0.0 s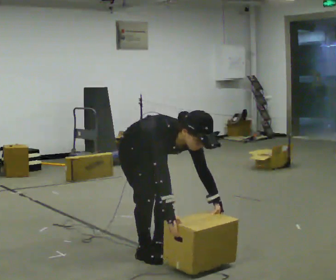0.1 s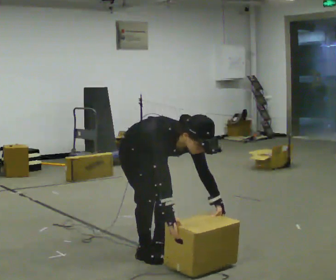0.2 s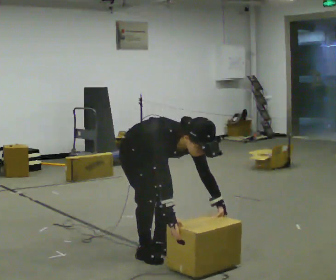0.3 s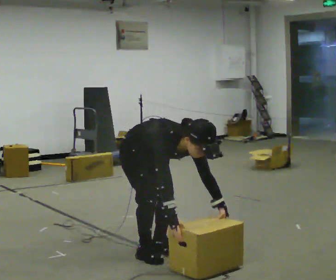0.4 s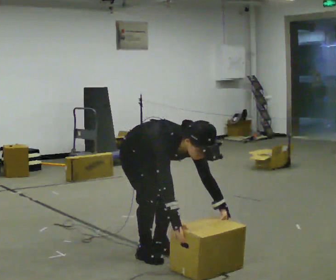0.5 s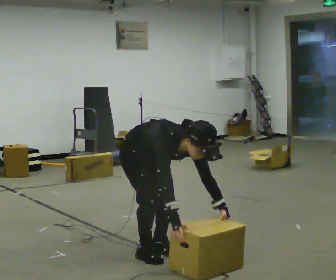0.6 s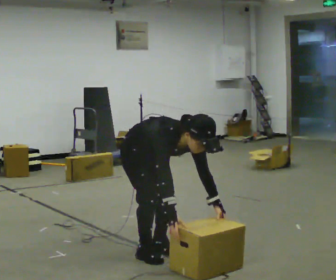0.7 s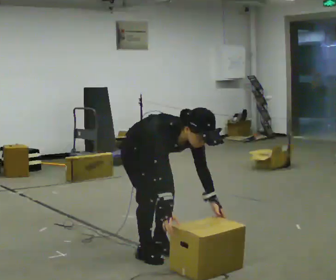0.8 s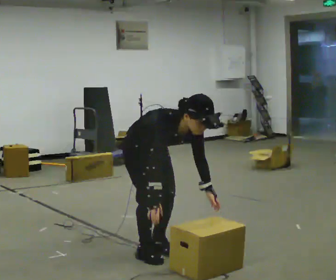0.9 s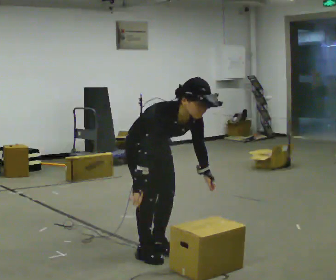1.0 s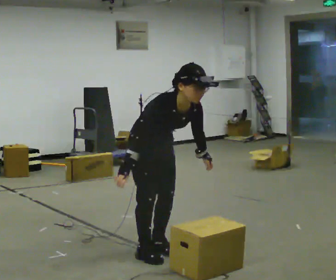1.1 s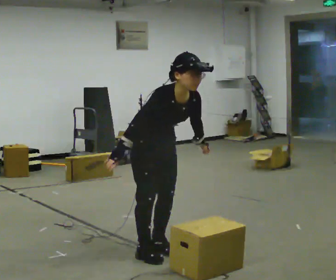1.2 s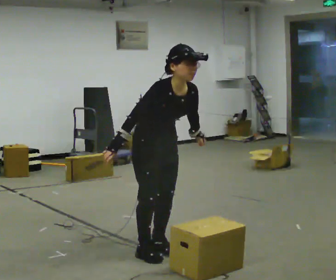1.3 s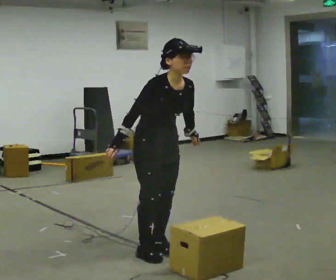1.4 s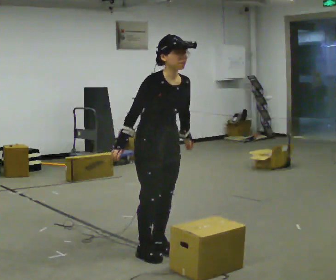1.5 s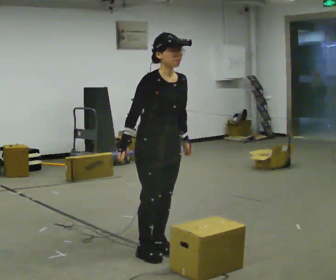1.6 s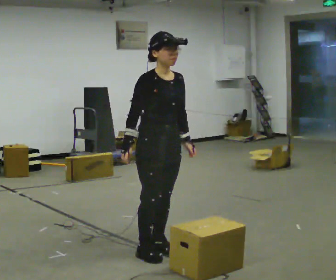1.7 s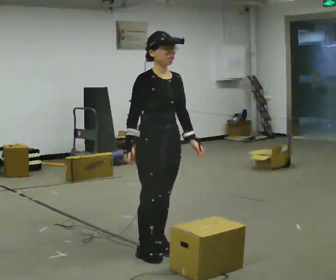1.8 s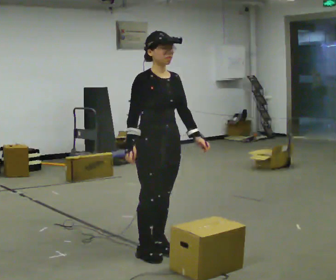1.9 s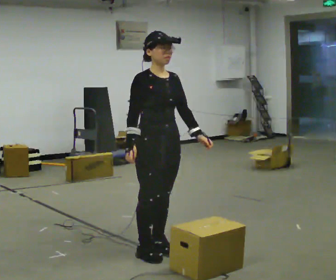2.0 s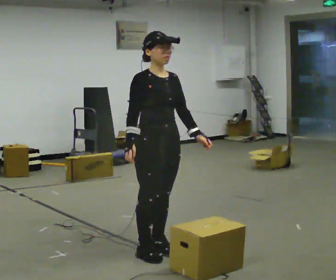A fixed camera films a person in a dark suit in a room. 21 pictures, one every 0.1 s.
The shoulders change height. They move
upward.
0.0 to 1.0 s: The upper body goes upward. The upper body tips away from the camera, its near side rolling upward, as they lean back or straighten.
1.0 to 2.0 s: The shoulders move upward. The upper body tips away from the camera, its near side rolling upward, as they lean back or straighten.
The film runs forward here.
